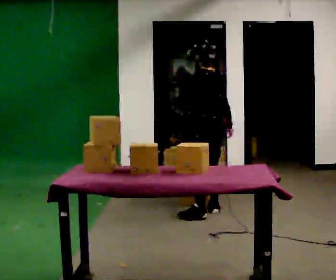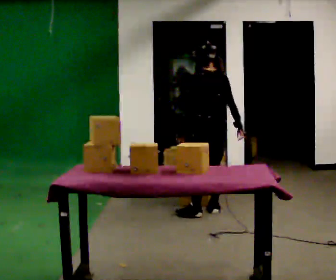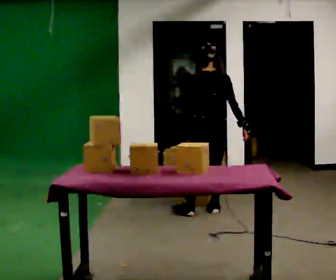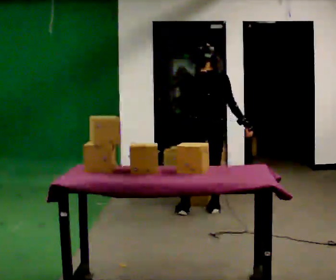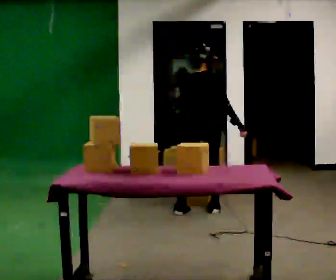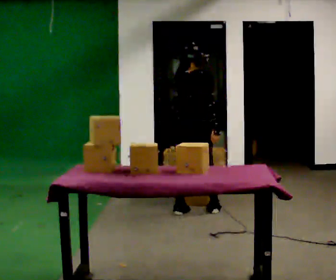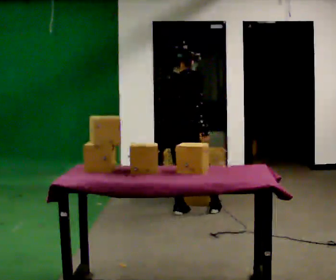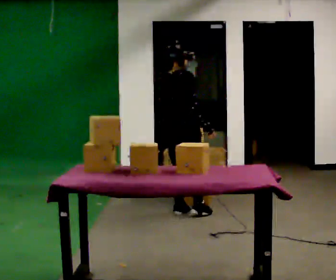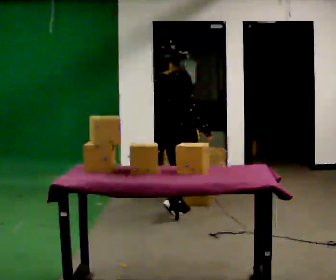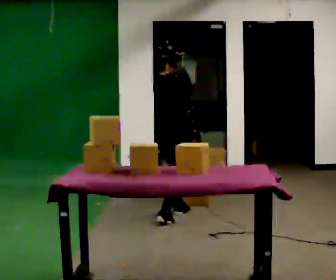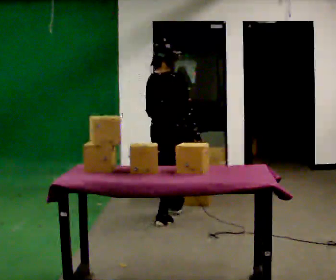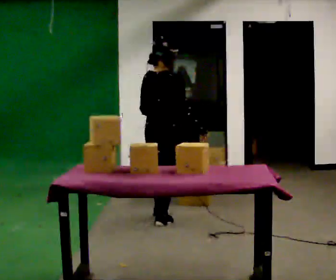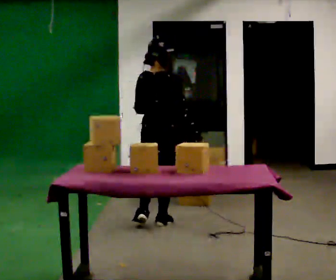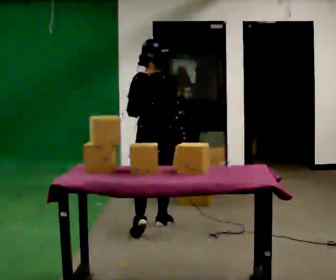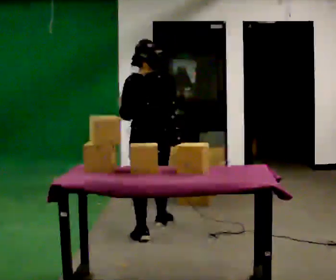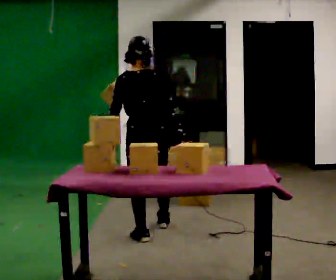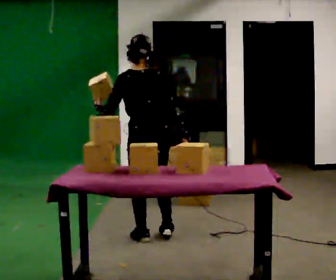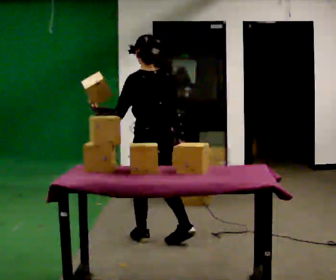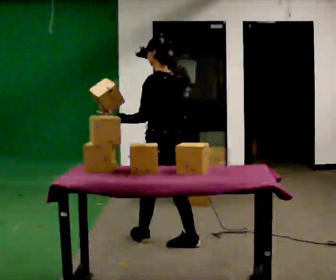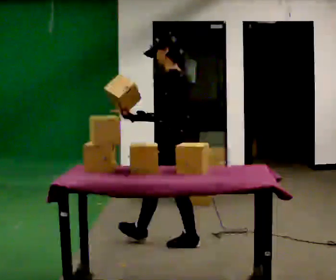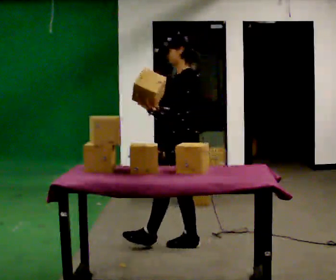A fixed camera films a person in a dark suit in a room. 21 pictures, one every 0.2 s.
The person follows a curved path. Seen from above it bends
counterclockwise.
The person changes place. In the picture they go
toward the camera.
0.0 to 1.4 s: The part of the body nearest the lens slides to the left as the person turns to their right by about 105 degrees. In the picture they go to the left, about 0.25 m in 2 steps.
1.4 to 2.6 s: Seen from above the body turns counterclockwise, about 45 degrees: to their left, with its near side sliding to the right. In the picture they go toward the camera, about 0.5 m in 1 step, which for them is backward.
2.6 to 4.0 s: Seen from above the body turns counterclockwise, about 105 degrees: to their left, with its near side sliding to the right. In the picture they go toward the camera and to the right, about 0.5 m in 2 steps.
The film runs backward here.
